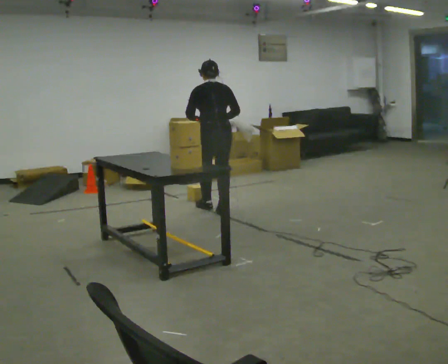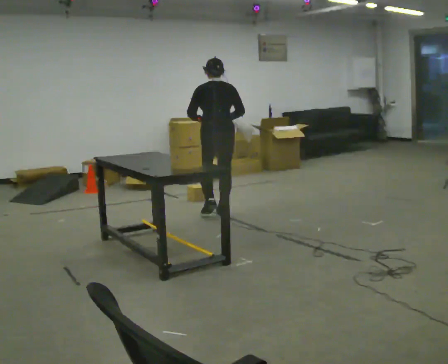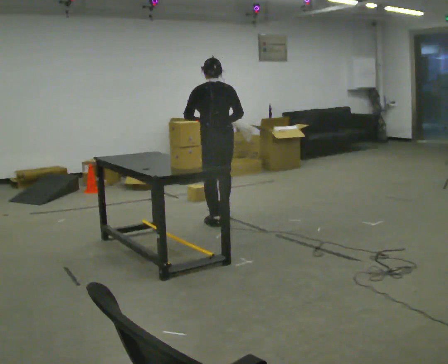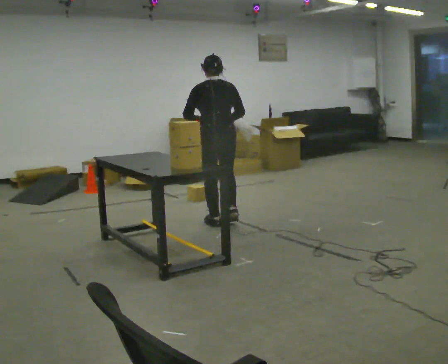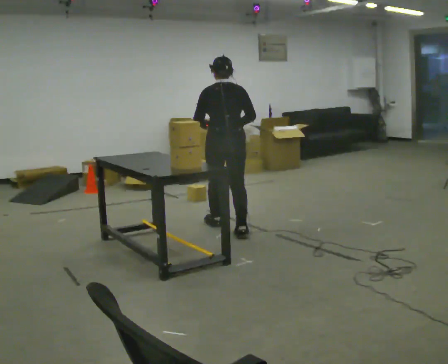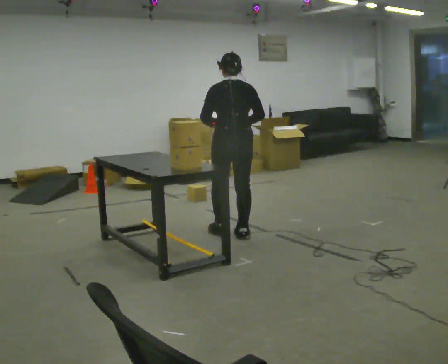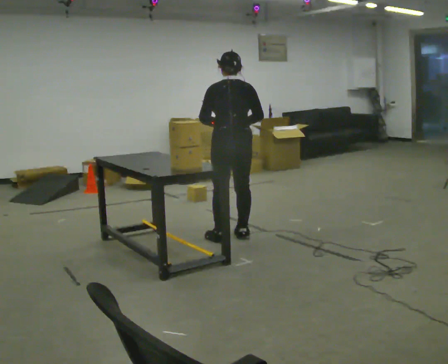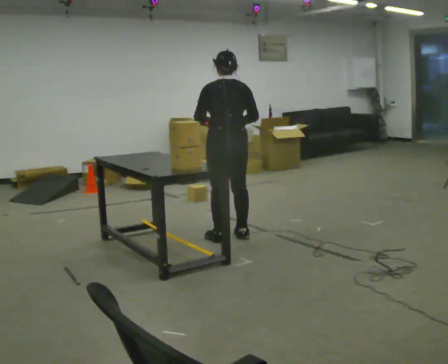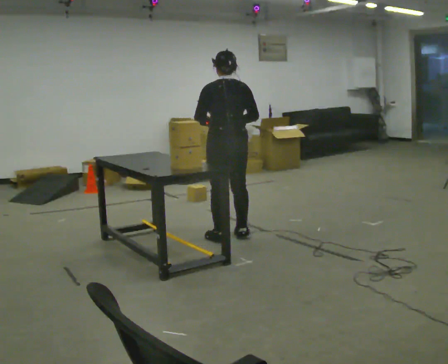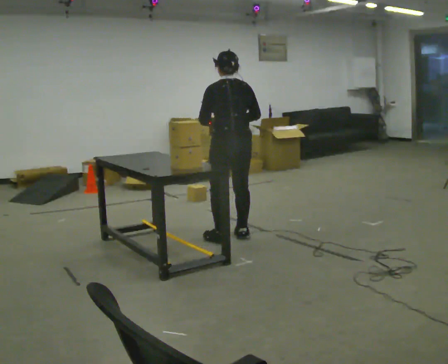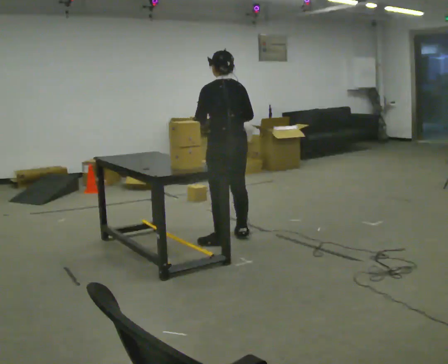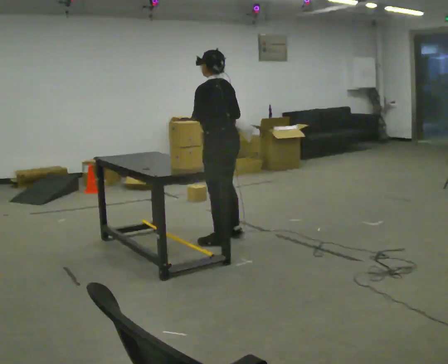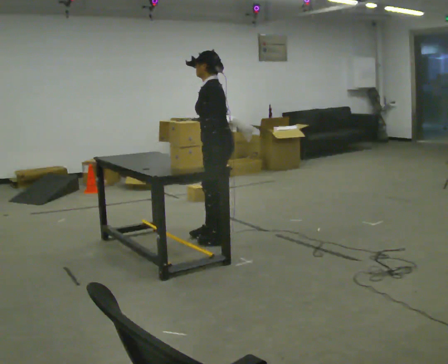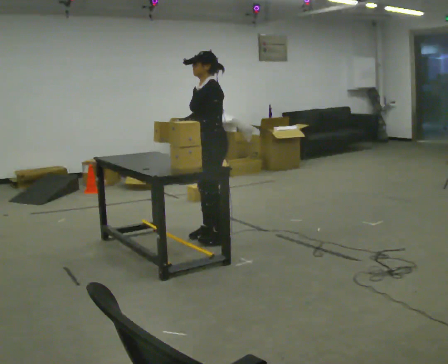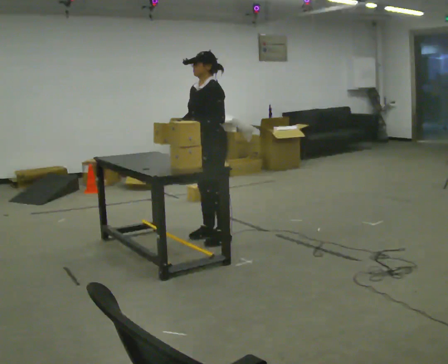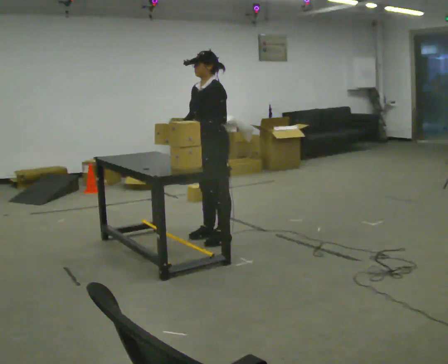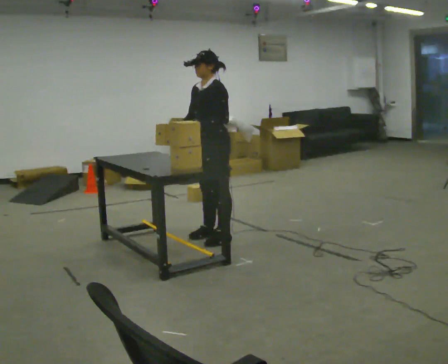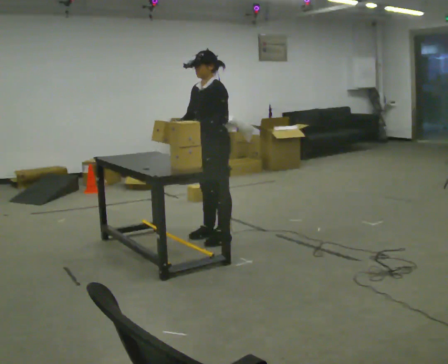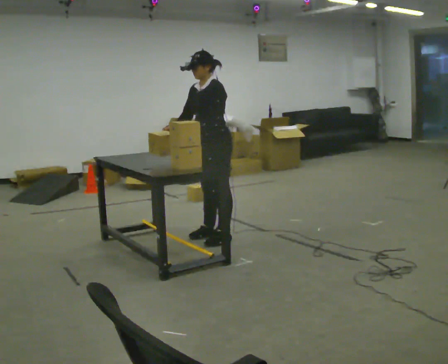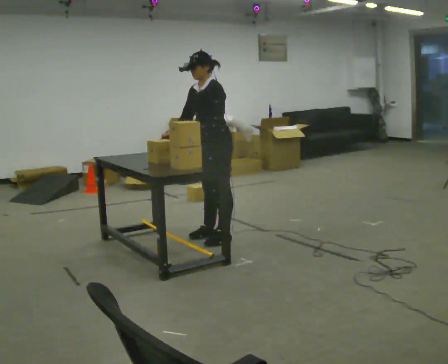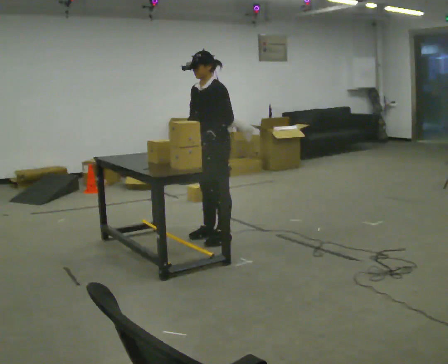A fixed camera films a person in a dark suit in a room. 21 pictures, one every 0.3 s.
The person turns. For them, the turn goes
to their left.
The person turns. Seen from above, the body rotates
counterclockwise.
0.0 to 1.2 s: In the picture they go toward the camera, about 0.5 m in 2 steps, which for them is backward.
1.2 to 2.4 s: In the picture they go toward the camera, about 0.25 m in 1 step, which for them is backward.
2.4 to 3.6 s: Seen from above the body turns counterclockwise, about 60 degrees: to their left, with its near side sliding to the right. In the picture their right hand goes to the left.
3.6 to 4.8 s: The part of the body nearest the lens slides to the right as the person turns to their left by about 45 degrees.
4.8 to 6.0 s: The person moves a little, or ends about where they began.
The film runs backward here.
